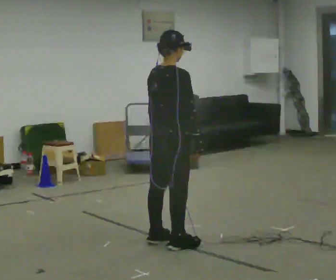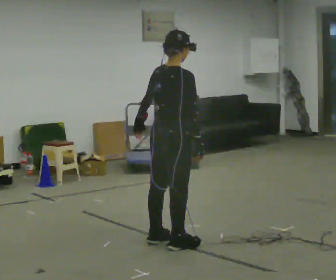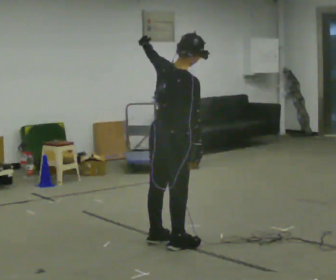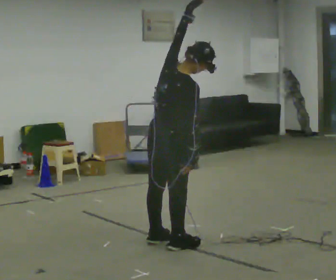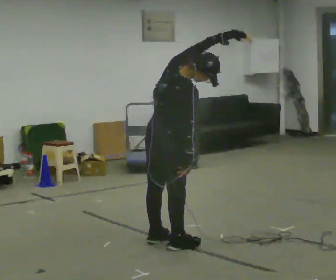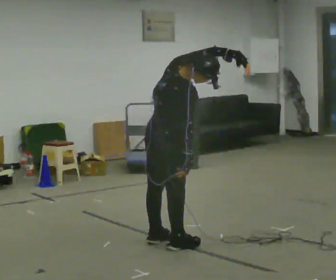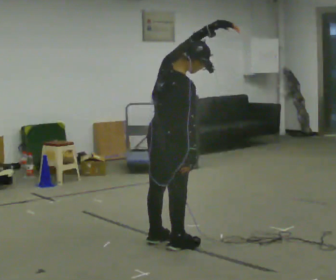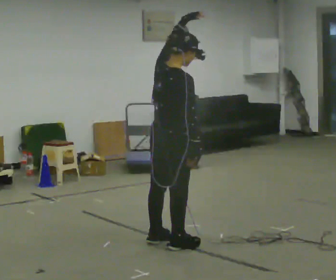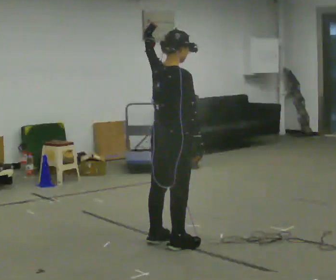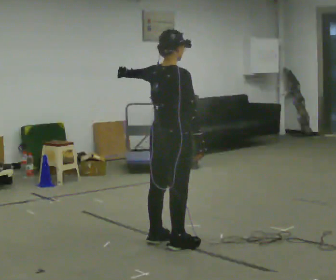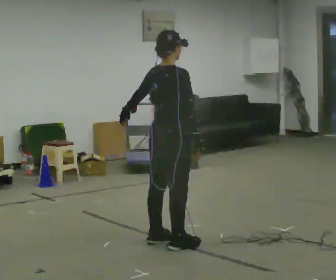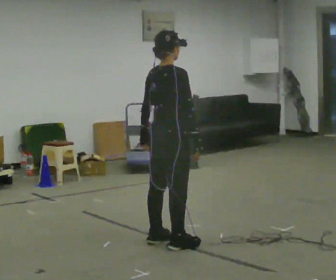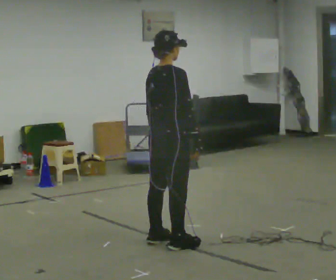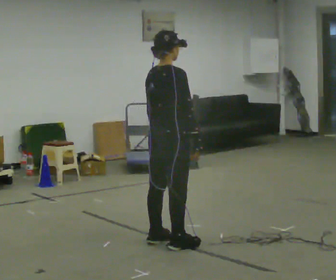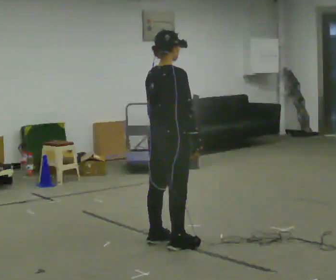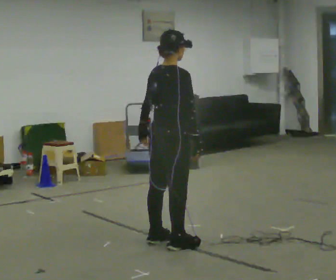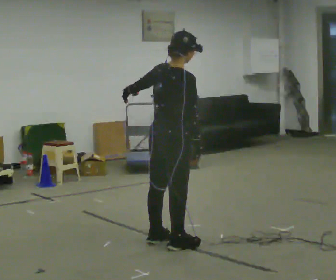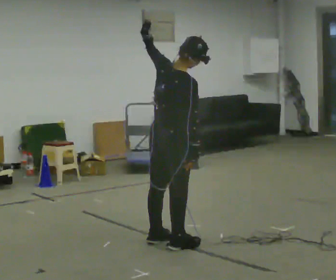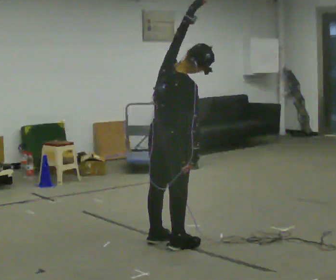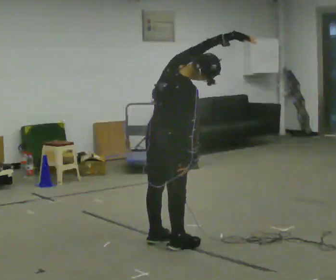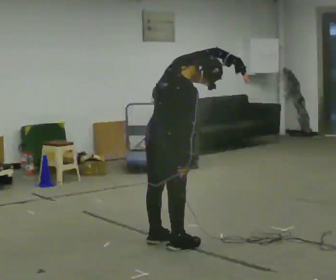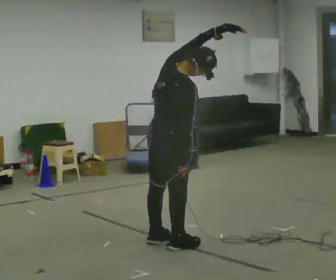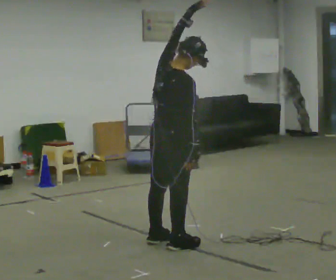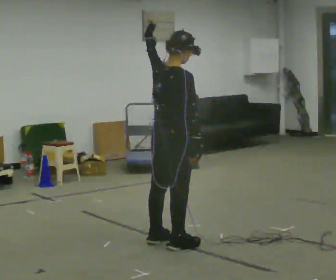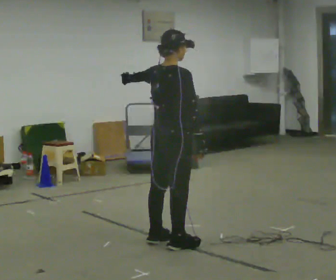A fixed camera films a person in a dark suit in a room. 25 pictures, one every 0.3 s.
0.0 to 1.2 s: The upper body tips toward the camera, its near side rolling downward. In the picture their left hand goes upward and to the right.
1.2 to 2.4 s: In the picture their left hand goes to the left, the arm swinging counterclockwise.
2.4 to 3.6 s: In the picture their left hand goes downward, the arm swinging counterclockwise.
3.6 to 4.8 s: In the picture their left hand goes upward, the arm swinging clockwise.
4.8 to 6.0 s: In the picture their left hand goes to the right, the arm swinging clockwise.
6.0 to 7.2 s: The upper body tips away from the camera, its near side rolling upward. In the picture their left hand goes to the left, the arm swinging counterclockwise.
The film runs forward here.
